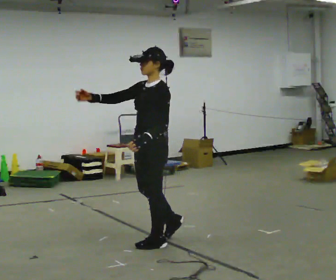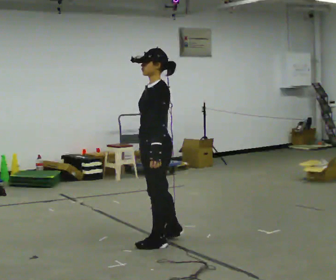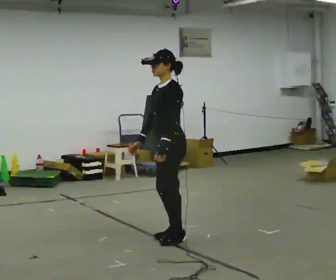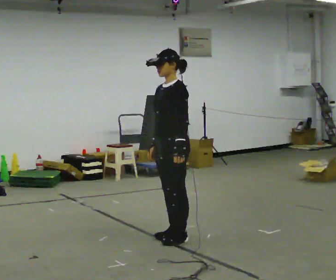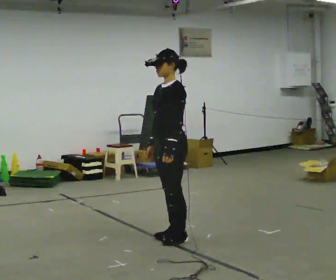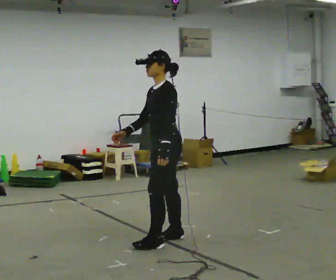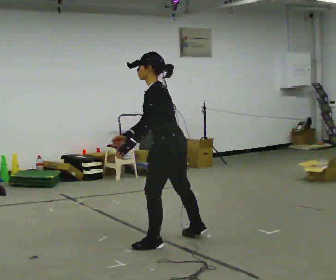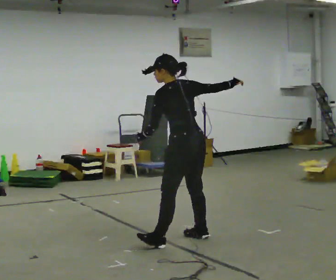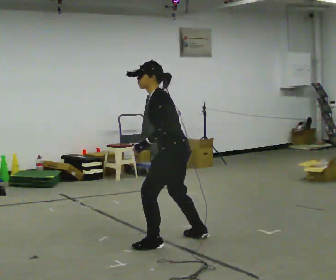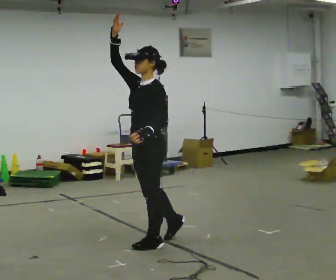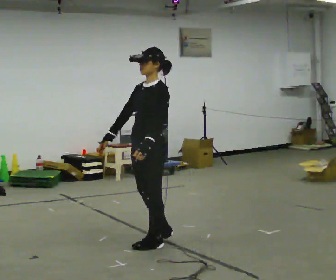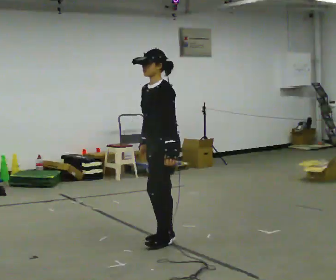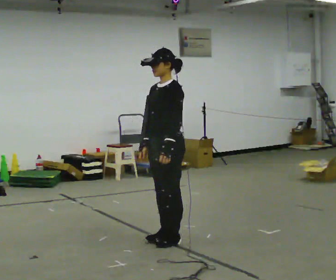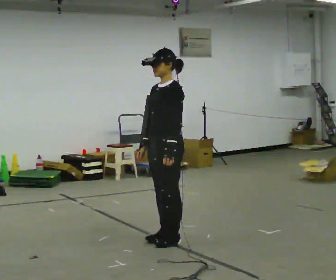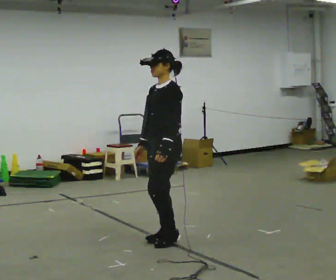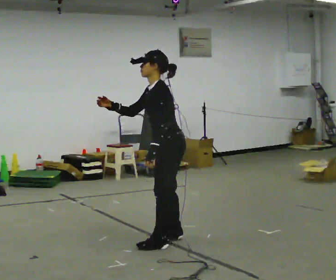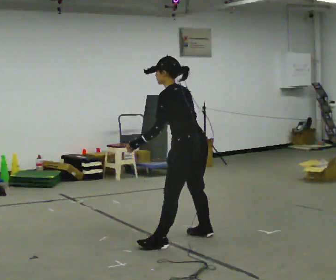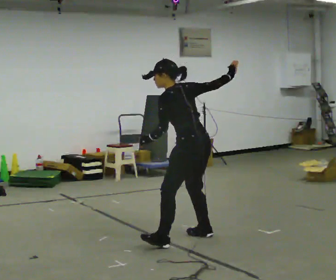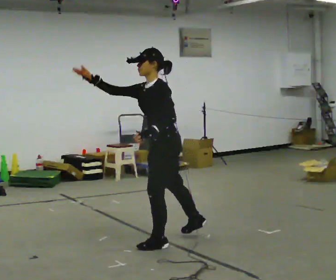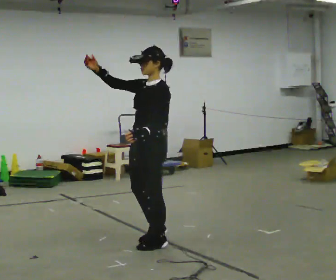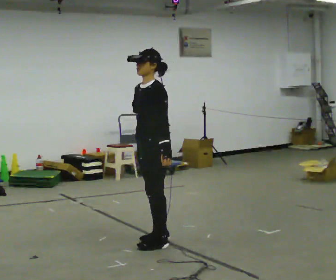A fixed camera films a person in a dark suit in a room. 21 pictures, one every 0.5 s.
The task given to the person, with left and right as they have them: Mime a bowling delivery with no ball: approach in place, swing down and release. Repeat the movement at your own pace until the operator says stop; do not rush.
0.0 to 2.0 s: In the picture they go away from the camera and to the right, about 0.25 m in 1 step, which for them is backward and to their right. In the picture their right hand goes downward and to the right.
2.0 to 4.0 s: The person turns about 30 degrees to their right, clockwise seen from above, so the part of the body nearest the lens slides to the left. In the picture the upper body tilts counterclockwise, shoulders to the left.
4.0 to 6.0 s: Seen from above the body turns counterclockwise, about 30 degrees: to their left, with its near side sliding to the right. In the picture their right hand goes to the left.
6.0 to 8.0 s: Seen from above the body turns clockwise, about 60 degrees: to their right, with its near side sliding to the left. In the picture they go to the right, about 0.25 m in 2 steps. In the picture the upper body tilts counterclockwise, shoulders to the left, as they bend forward.
8.0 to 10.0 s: Seen from above the body turns counterclockwise, about 60 degrees: to their left, with its near side sliding to the right. In the picture they go to the left, about 0.25 m in 1 step.
The film runs forward here.
